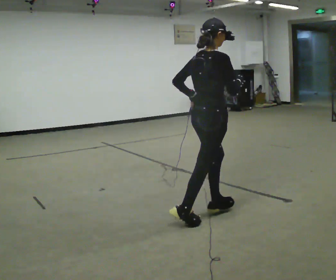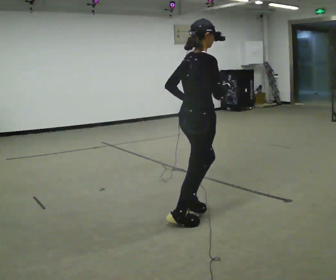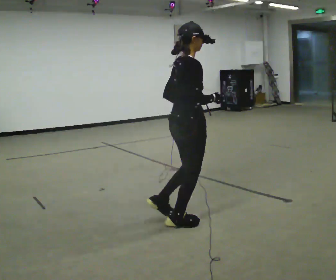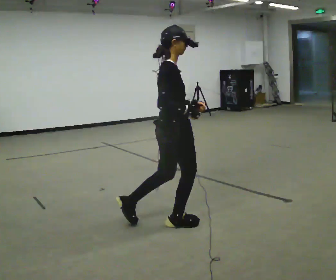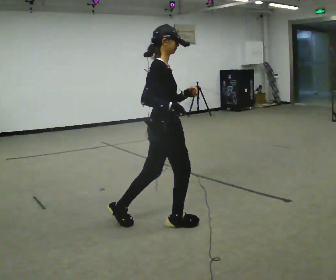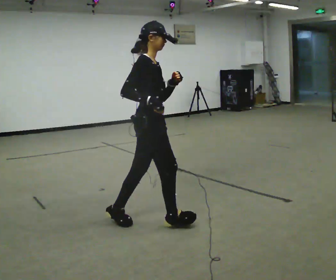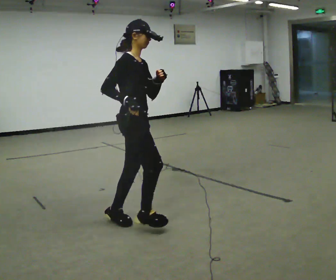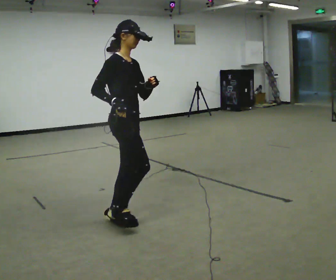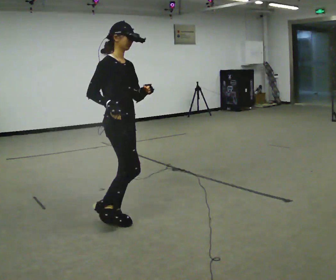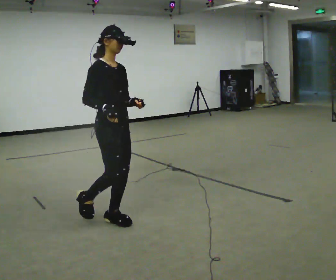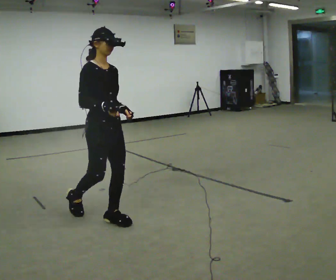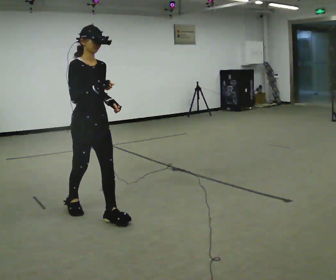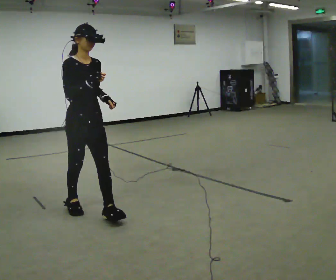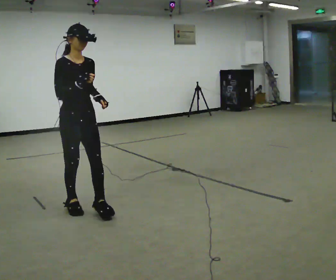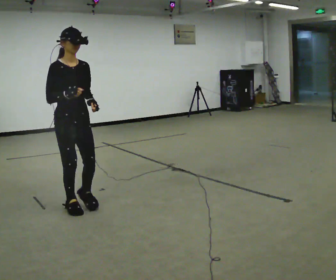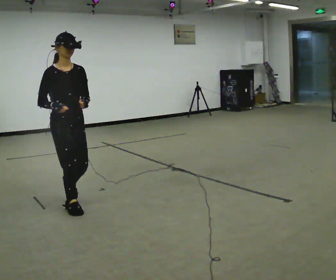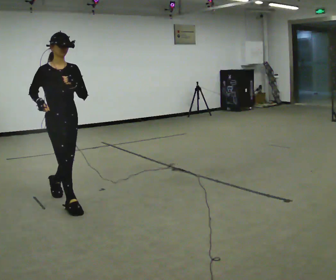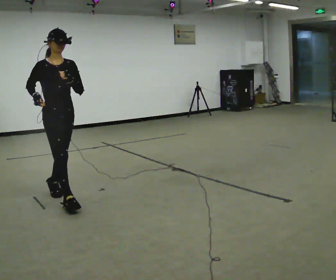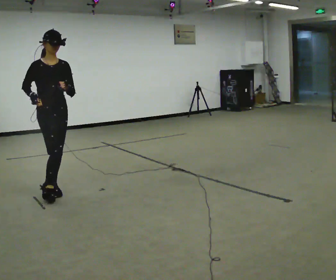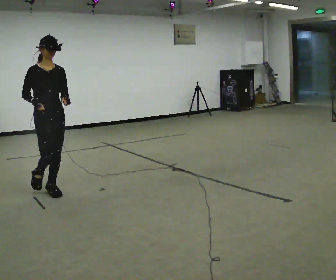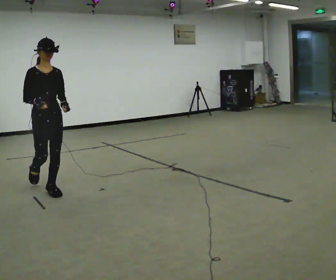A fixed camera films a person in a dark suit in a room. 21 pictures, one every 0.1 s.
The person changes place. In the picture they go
to the left.
The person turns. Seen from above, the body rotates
clockwise.
0.0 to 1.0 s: Seen from above the body turns clockwise, about 60 degrees: to their right, with its near side sliding to the left. In the picture they go to the left, about 1 m in 1 step.
1.0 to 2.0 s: In the picture they go away from the camera and to the left, about 1 m in 2 steps, which for them is backward.
The film runs backward here.
